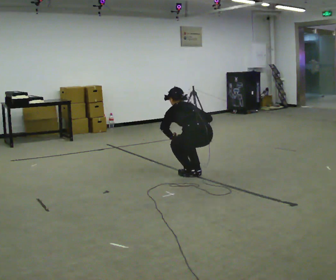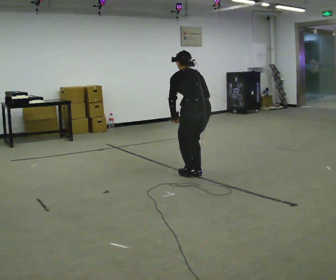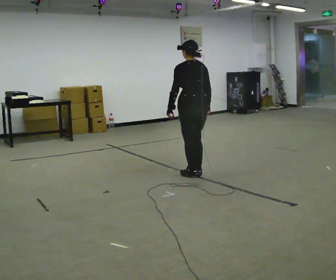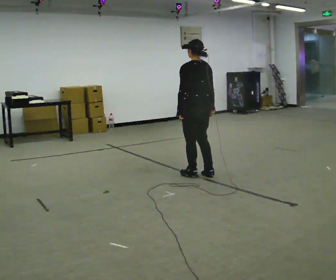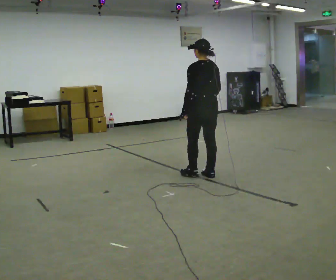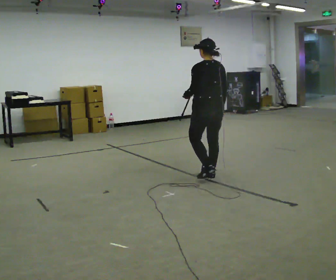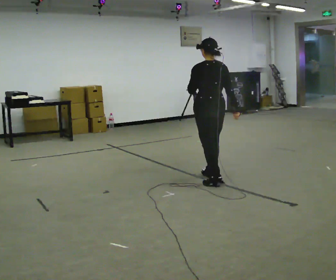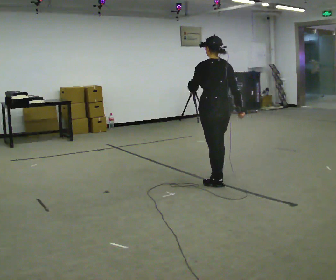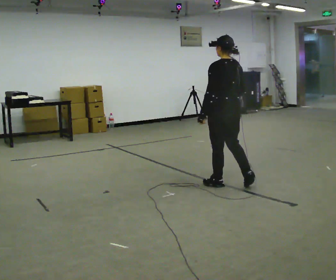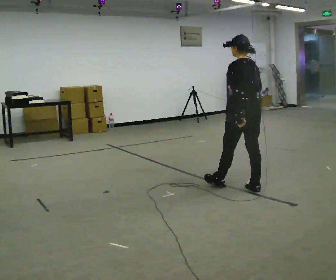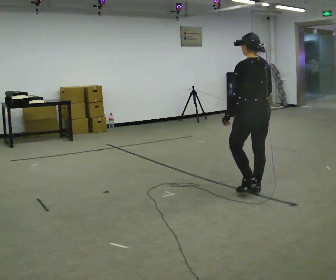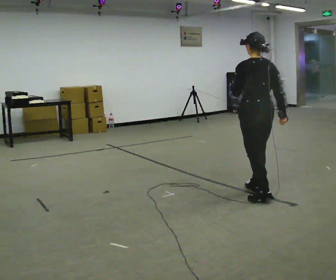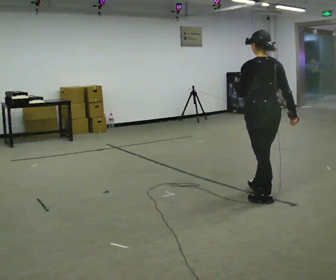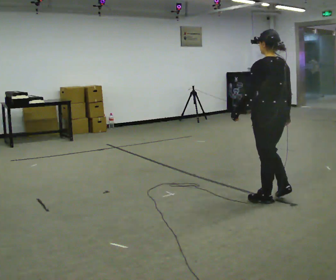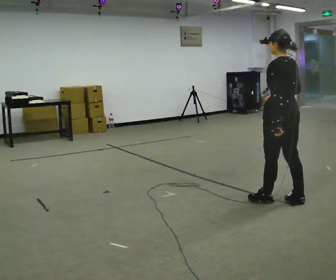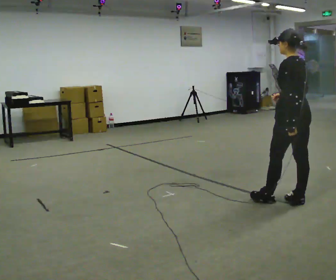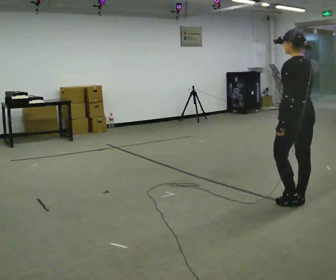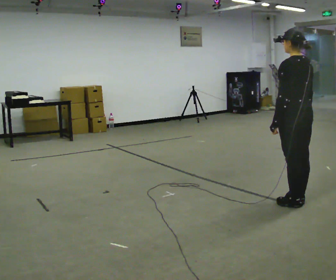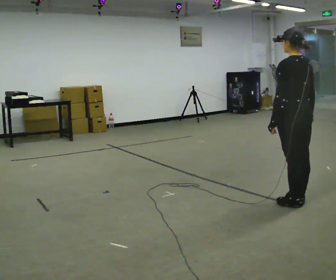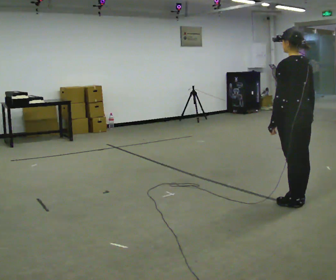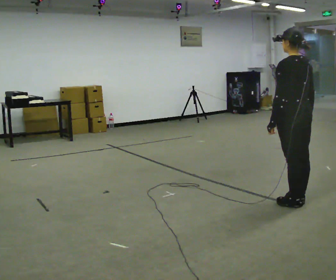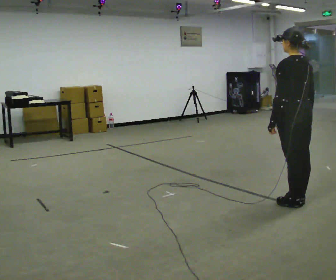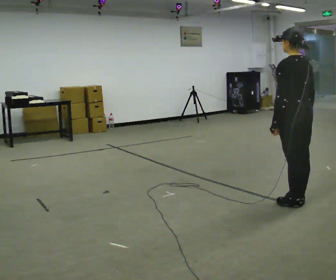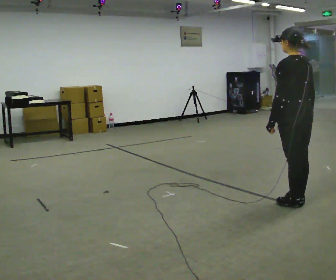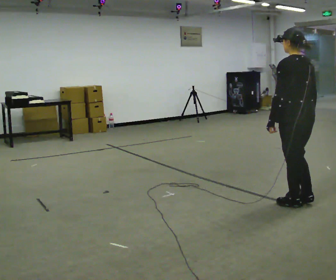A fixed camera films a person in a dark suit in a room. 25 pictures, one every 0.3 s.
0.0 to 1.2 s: The shoulders move upward. In the picture the upper body tilts clockwise, shoulders to the right, as they lean back or straighten. In the picture their right hand goes upward.
1.2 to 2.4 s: In the picture they go toward the camera and to the right, about 0.5 m in 2 steps, which for them is backward.
2.4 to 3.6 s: In the picture they go toward the camera and to the right, about 0.5 m in 2 steps, which for them is backward.
3.6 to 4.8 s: In the picture they go to the right, about 0.25 m in 1 step, which for them is backward and to their right. In the picture their left hand goes downward.
4.8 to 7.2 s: The person moves a little, or ends about where they began.
The film runs backward here.
